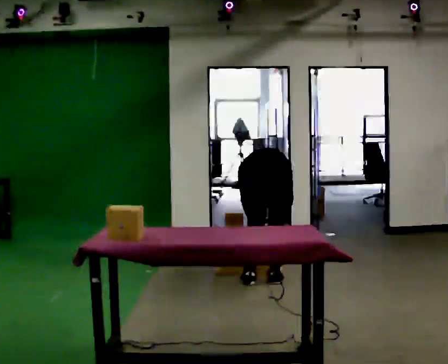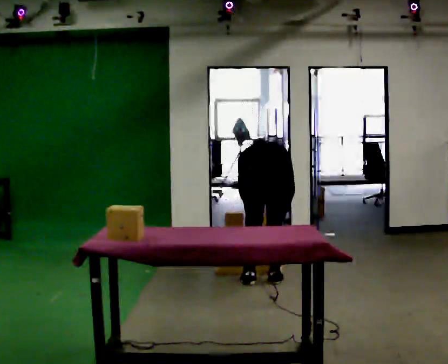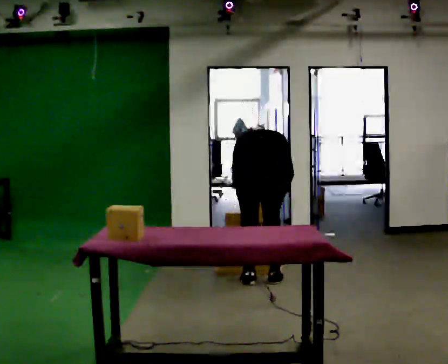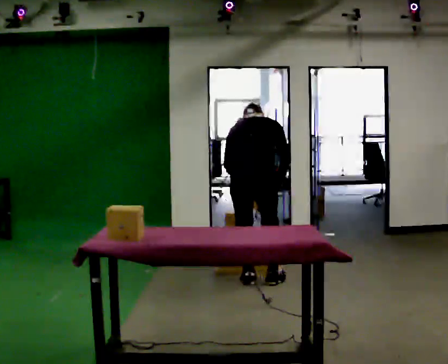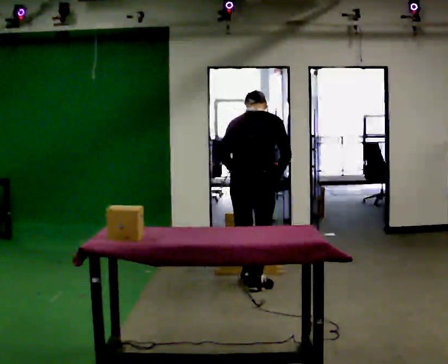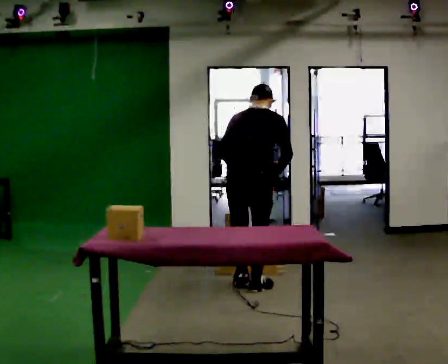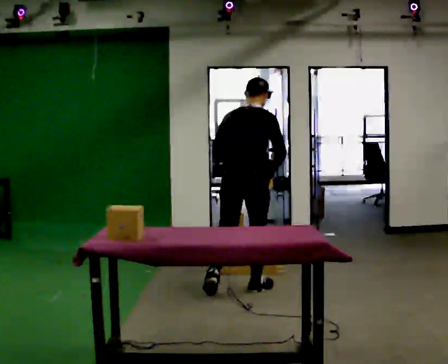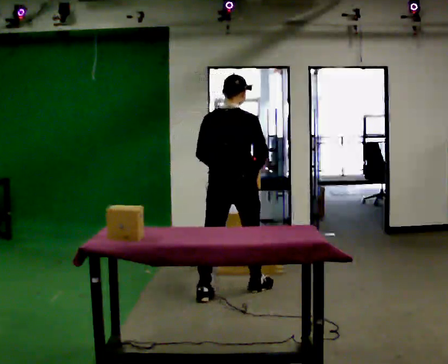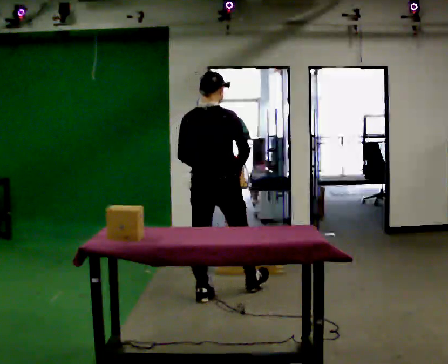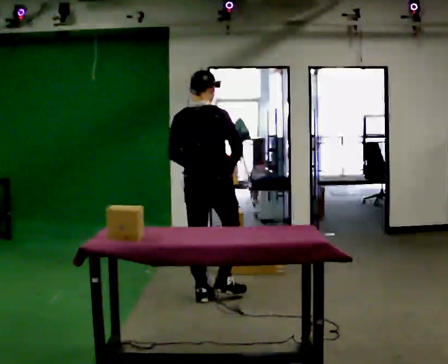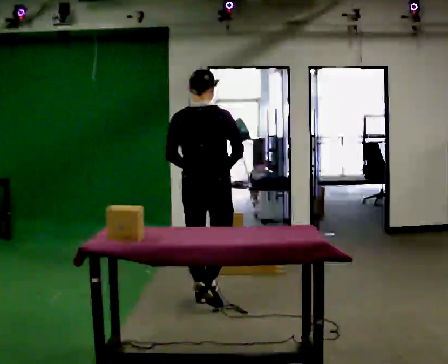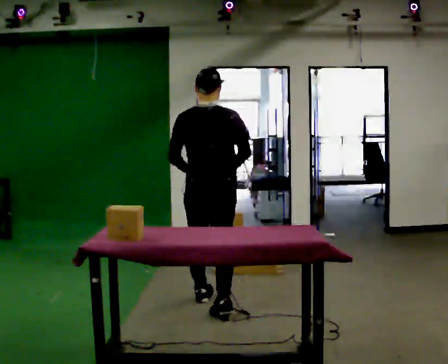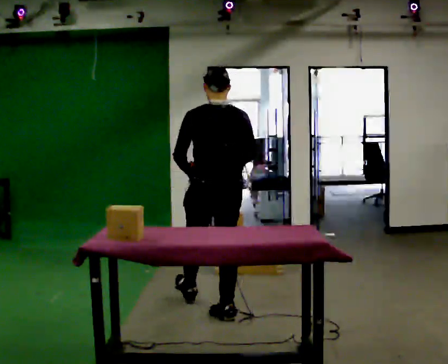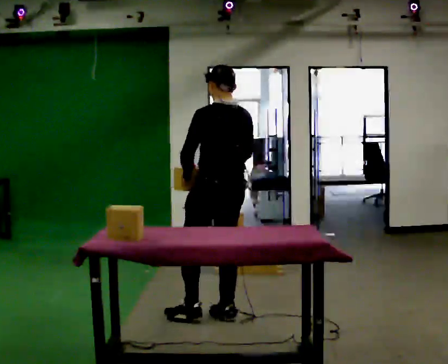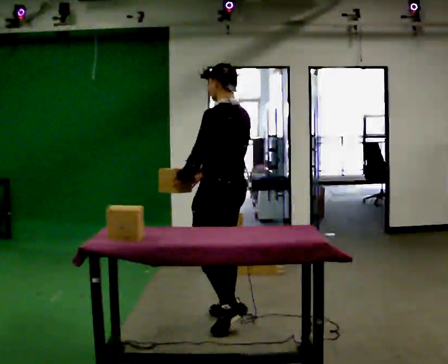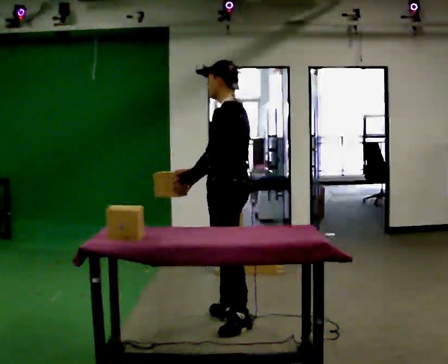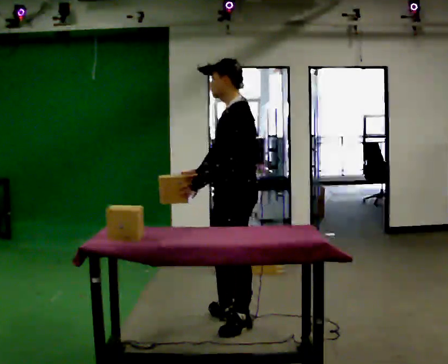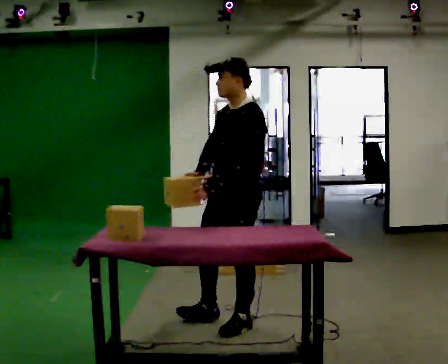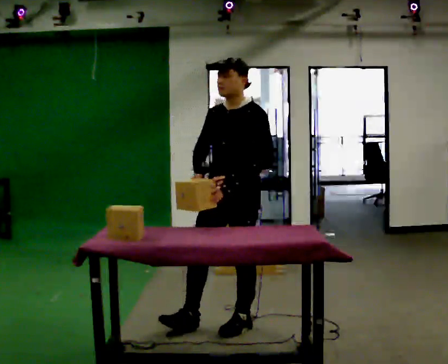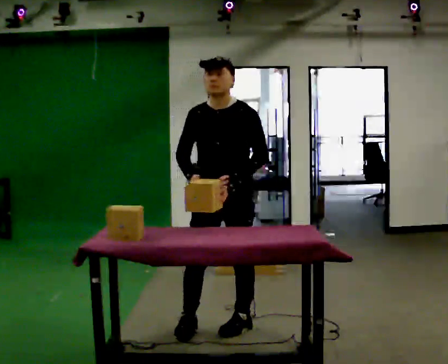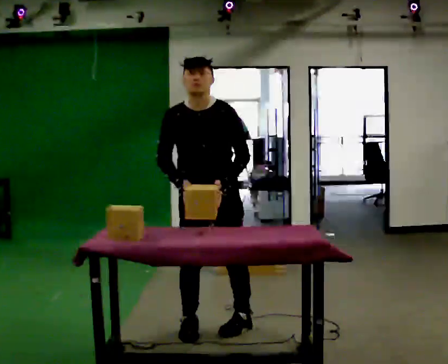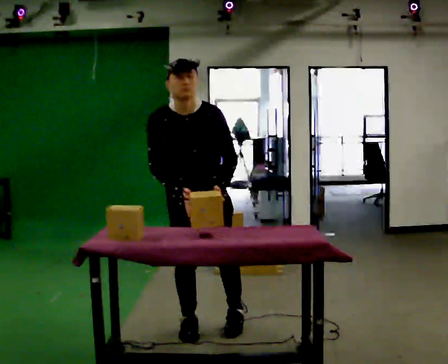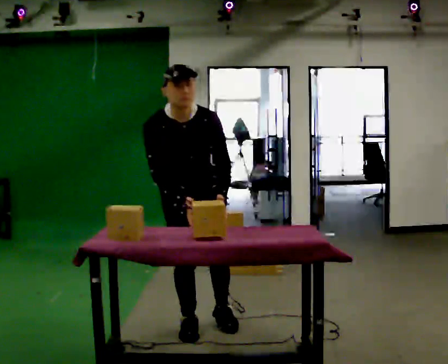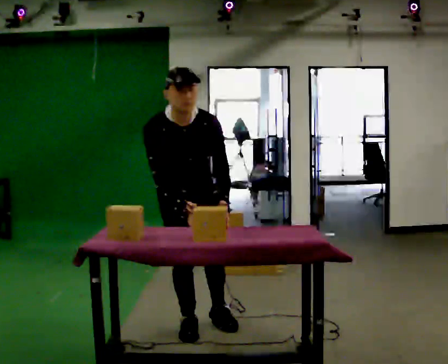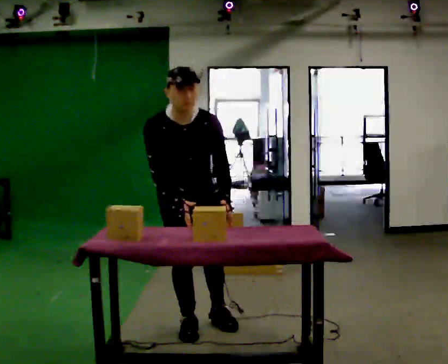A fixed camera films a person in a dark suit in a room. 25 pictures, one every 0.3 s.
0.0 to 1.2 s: In the picture they go to the left, about 0.25 m in 1 step, which for them is to their left. The upper body goes upward. The upper body tips toward the camera, its near side rolling downward, as they lean back or straighten. In the picture their right hand goes upward.
1.2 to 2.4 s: In the picture they go toward the camera and to the left, about 0.5 m in 1 step, which for them is backward and to their left. The upper body tips toward the camera, its near side rolling downward, as they lean back or straighten.
2.4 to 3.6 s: The person turns about 30 degrees to their left, counterclockwise seen from above, so the part of the body nearest the lens slides to the right. In the picture they go toward the camera, about 0.5 m in 2 steps, which for them is backward.
3.6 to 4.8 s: Seen from above the body turns counterclockwise, about 90 degrees: to their left, with its near side sliding to the right. In the picture they go toward the camera and to the right, about 0.25 m.
4.8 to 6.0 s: The person turns about 75 degrees to their left, counterclockwise seen from above, so the part of the body nearest the lens slides to the right. In the picture they go to the left, about 0.25 m in 1 step.
6.0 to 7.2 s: The person turns about 30 degrees to their left, counterclockwise seen from above, so the part of the body nearest the lens slides to the right. In the picture they go to the left, about 0.25 m in 1 step, which for them is to their right. The upper body tips toward the camera, its near side rolling downward, as they bend forward.
The film runs backward here.
